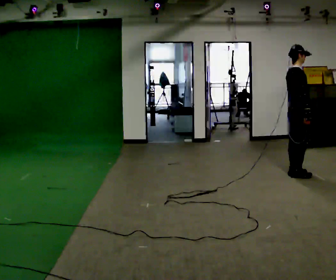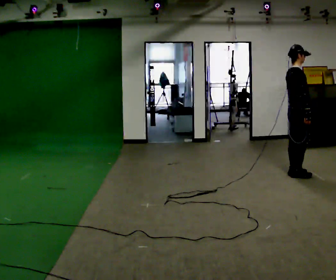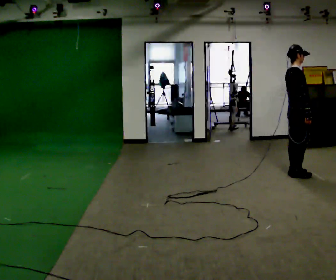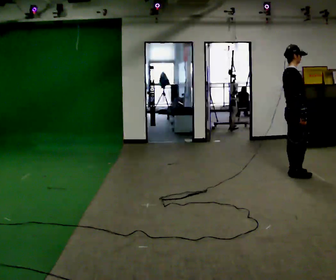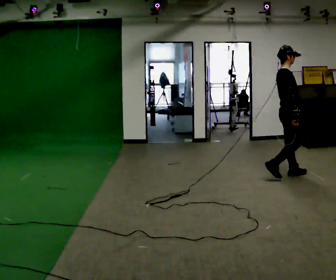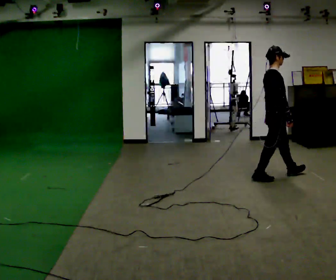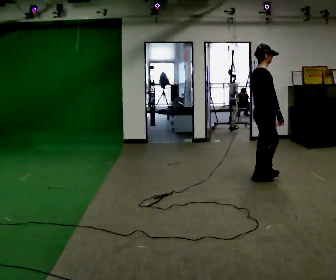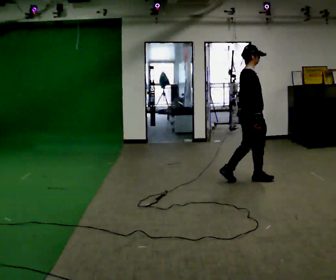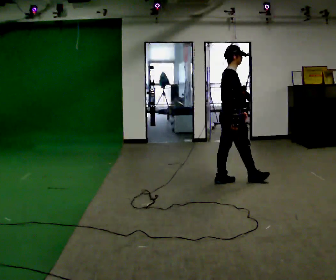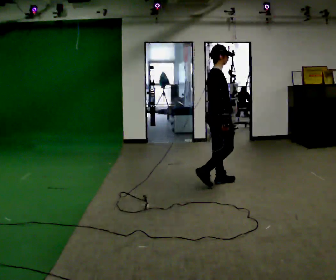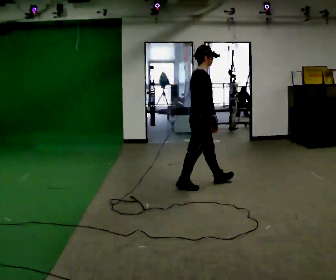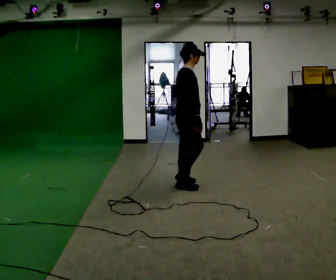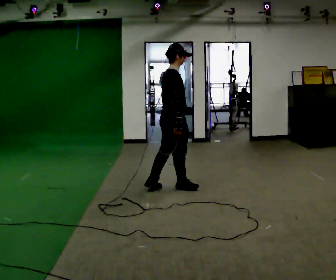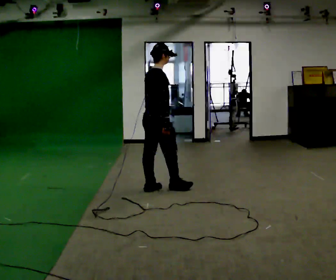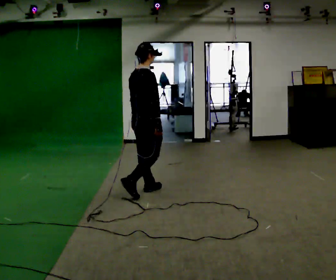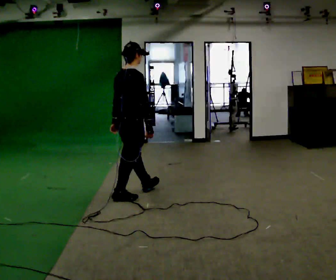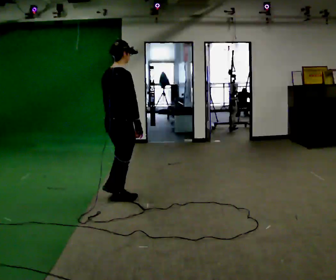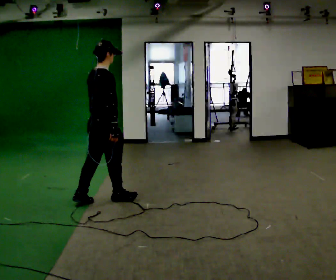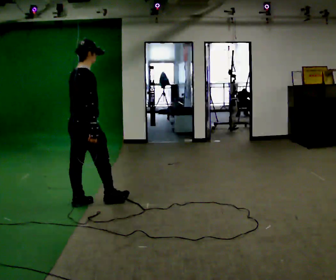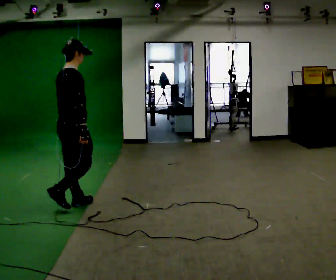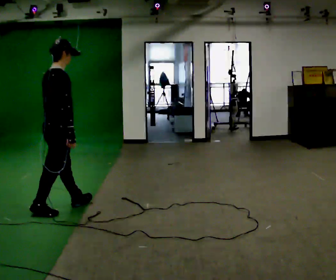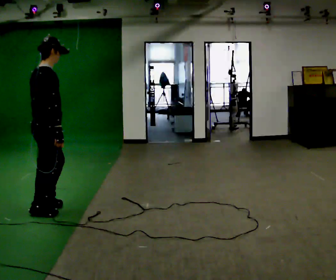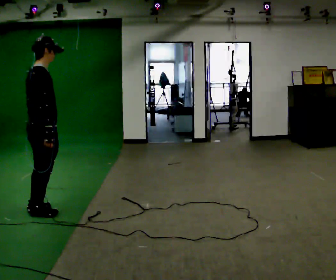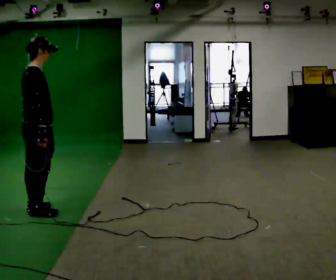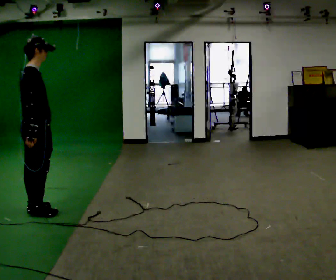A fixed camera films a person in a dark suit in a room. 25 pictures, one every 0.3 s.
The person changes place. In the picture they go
to the left.
0.0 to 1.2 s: The person moves a little, or ends about where they began.
1.2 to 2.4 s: In the picture they go to the left, about 1 m in 2 steps, which for them is backward.
2.4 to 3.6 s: In the picture they go to the left and toward the camera, about 0.5 m in 1 step, which for them is backward.
3.6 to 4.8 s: The person turns about 30 degrees to their left, counterclockwise seen from above, so the part of the body nearest the lens slides to the right. In the picture they go to the left and toward the camera, about 0.75 m in 2 steps, which for them is backward.
4.8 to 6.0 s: In the picture they go to the left and toward the camera, about 0.75 m in 1 step, which for them is backward.
6.0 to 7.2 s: In the picture they go to the left, about 0.25 m in 1 step, which for them is backward.
The film runs backward here.
